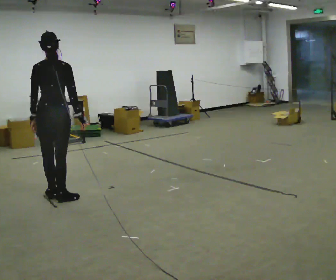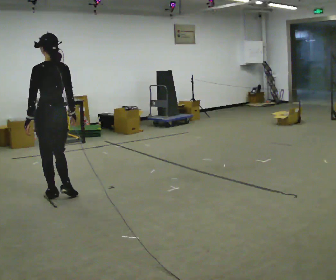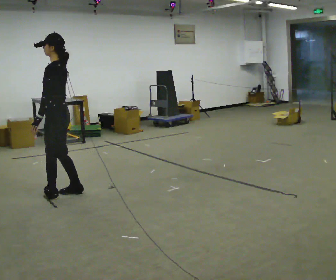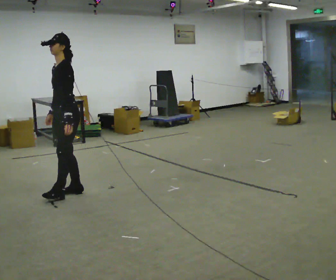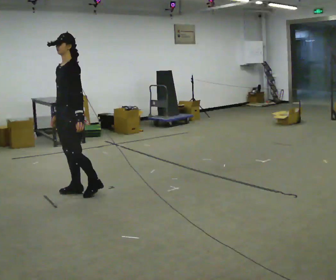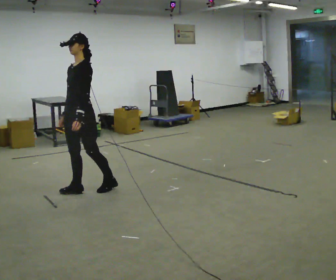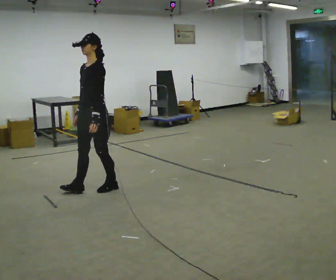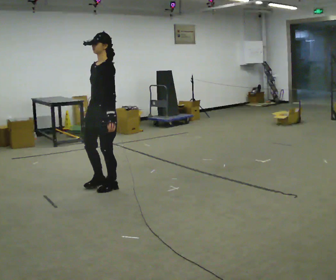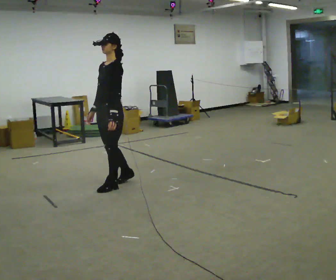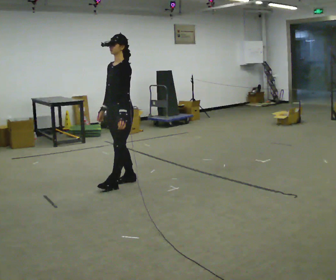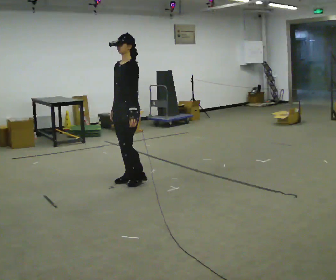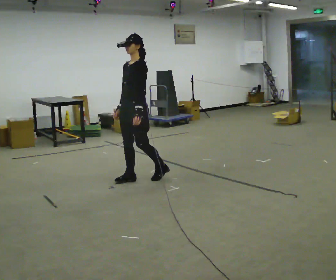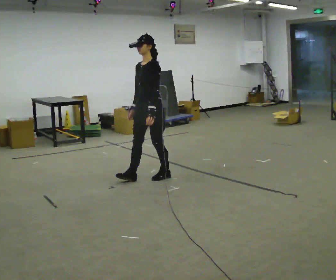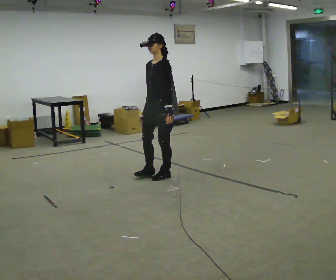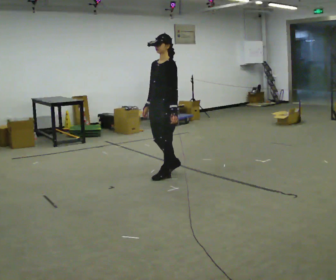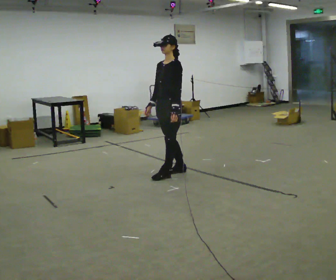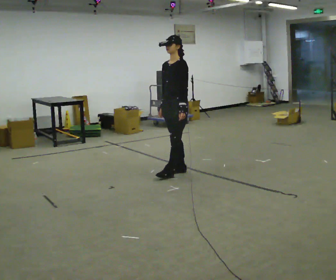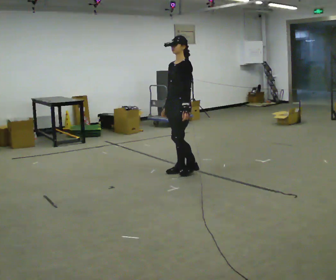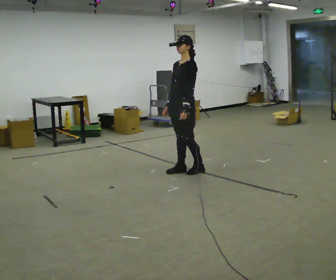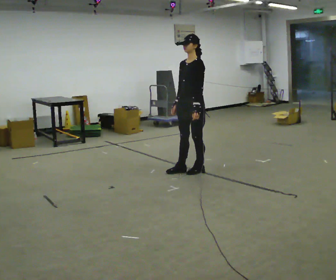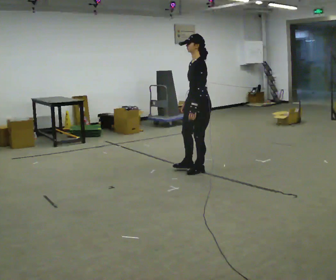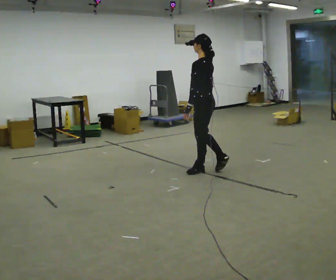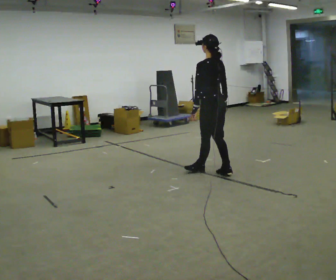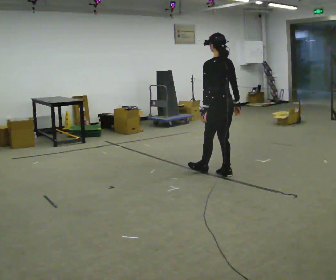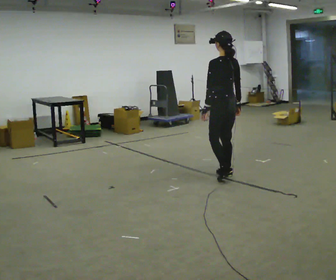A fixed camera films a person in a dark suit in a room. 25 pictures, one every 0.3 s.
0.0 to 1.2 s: The part of the body nearest the lens slides to the right as the person turns to their left by about 120 degrees. In the picture they go away from the camera, about 0.25 m in 1 step.
1.2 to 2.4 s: In the picture they go to the right and away from the camera, about 0.5 m in 1 step, which for them is backward.
2.4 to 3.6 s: In the picture they go to the right and away from the camera, about 0.5 m in 2 steps, which for them is backward.
3.6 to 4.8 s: In the picture they go to the right and away from the camera, about 0.25 m in 1 step, which for them is backward.
4.8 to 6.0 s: The part of the body nearest the lens slides to the left as the person turns to their right by about 30 degrees. In the picture they go to the right, about 0.25 m in 1 step, which for them is backward and to their left.
6.0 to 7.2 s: Seen from above the body turns clockwise, about 75 degrees: to their right, with its near side sliding to the left. In the picture they go toward the camera and to the right, about 0.5 m in 1 step.
The film runs forward here.
